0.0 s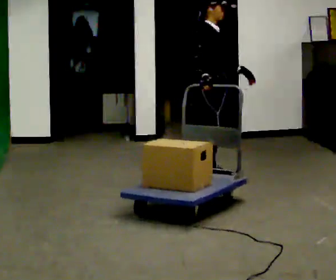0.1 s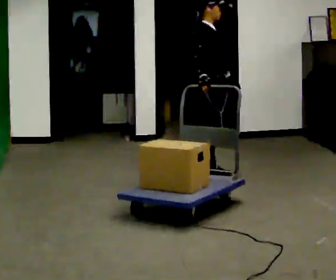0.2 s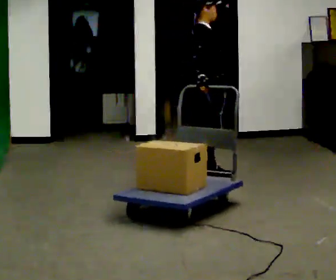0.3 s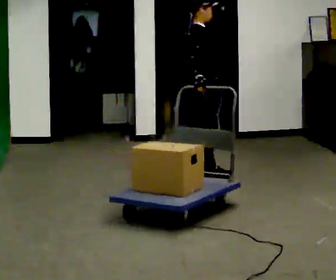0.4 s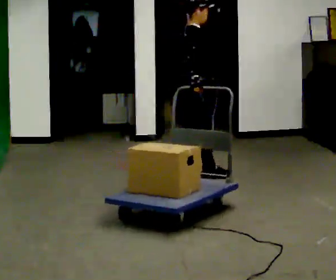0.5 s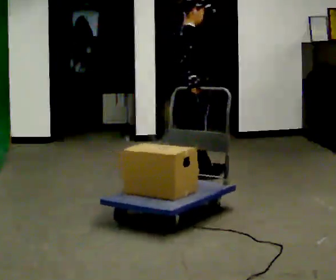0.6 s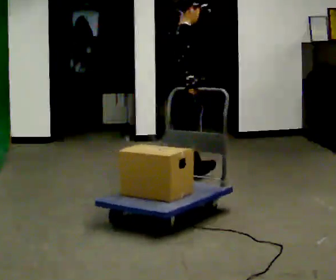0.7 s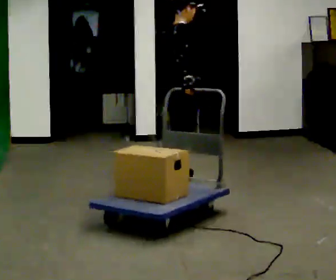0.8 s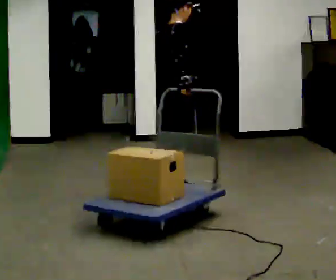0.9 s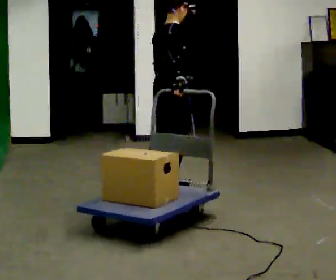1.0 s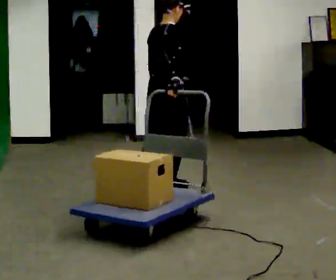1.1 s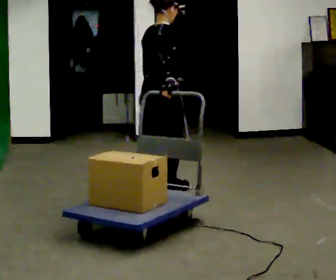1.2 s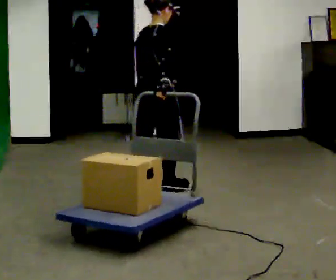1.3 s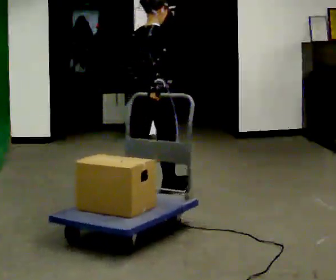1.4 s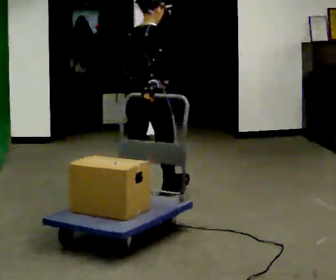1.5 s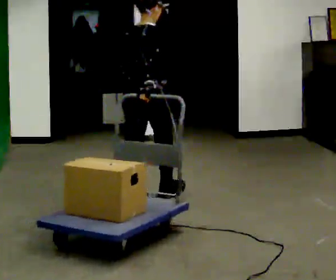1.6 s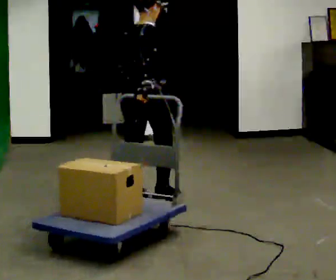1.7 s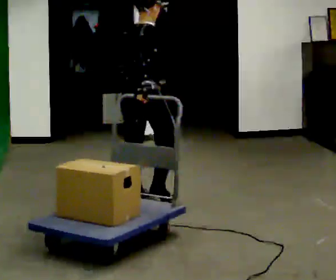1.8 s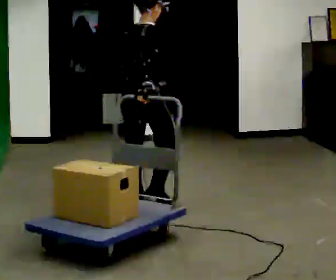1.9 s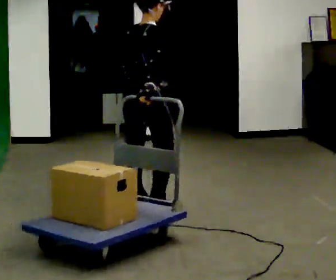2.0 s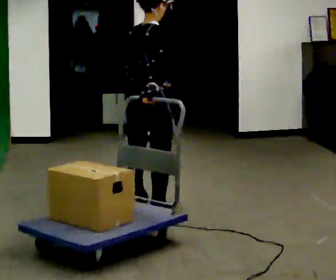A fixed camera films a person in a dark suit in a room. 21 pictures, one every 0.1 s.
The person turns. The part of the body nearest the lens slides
to the right.
The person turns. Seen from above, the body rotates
counterclockwise.
0.0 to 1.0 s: The part of the body nearest the lens slides to the right as the person turns to their left by about 75 degrees. In the picture they go toward the camera and to the left, about 0.5 m in 1 step.
1.0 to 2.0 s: In the picture they go toward the camera, about 0.5 m in 1 step, which for them is backward.
The film runs backward here.
